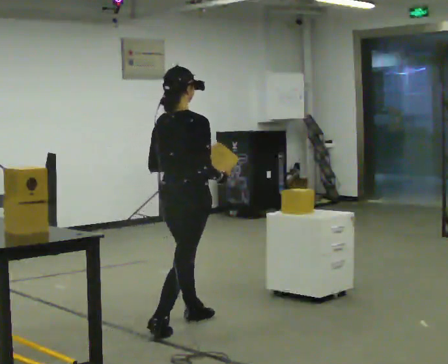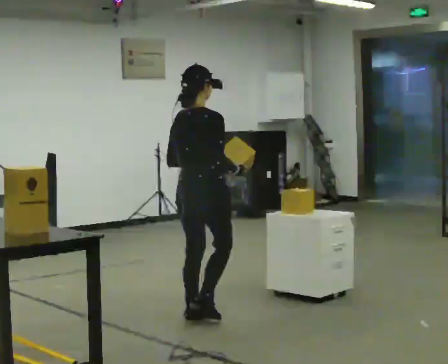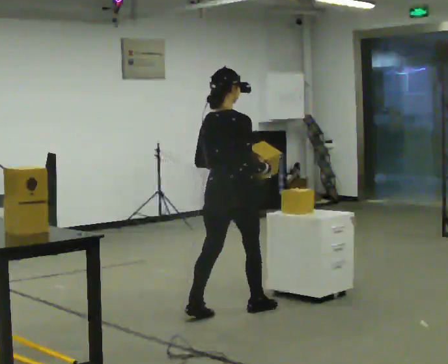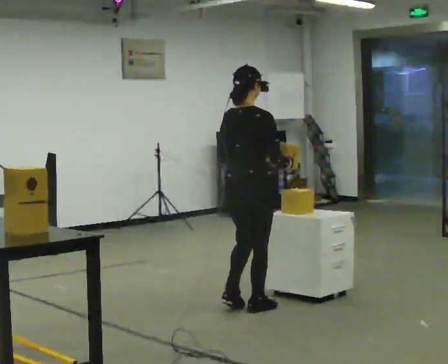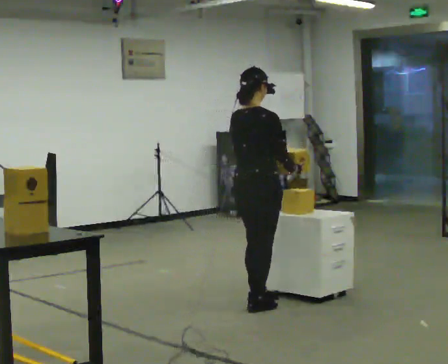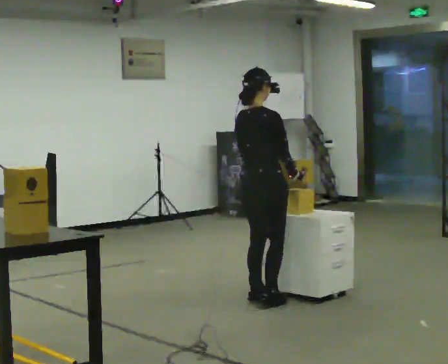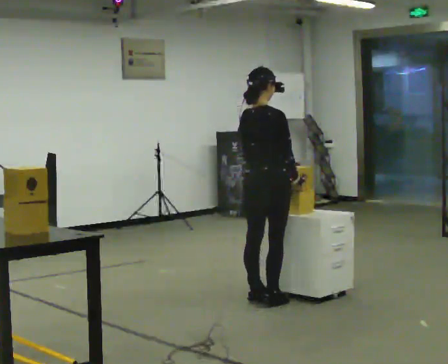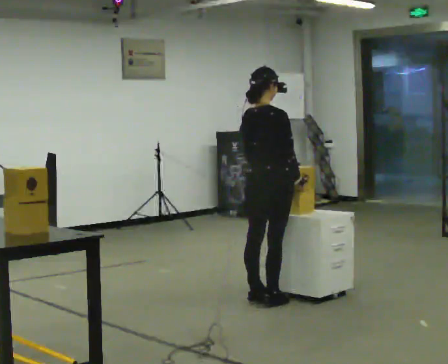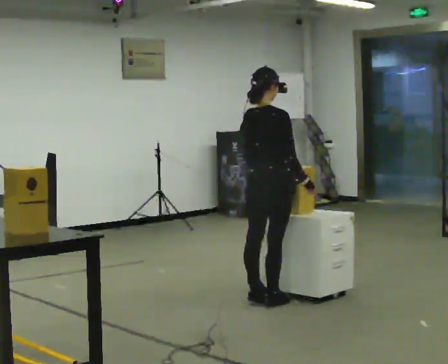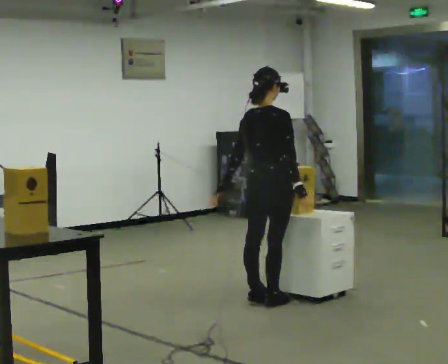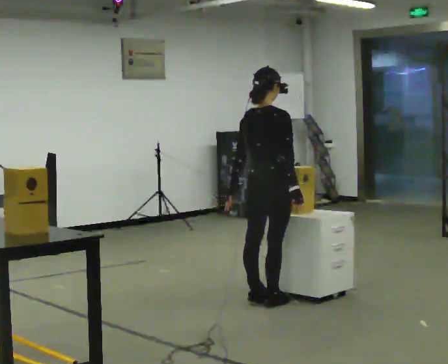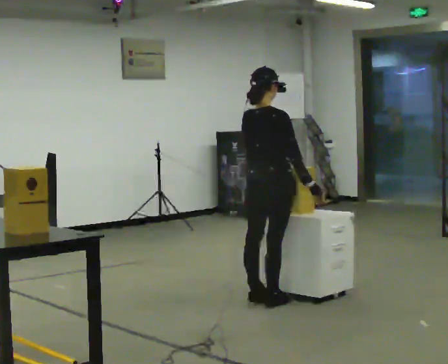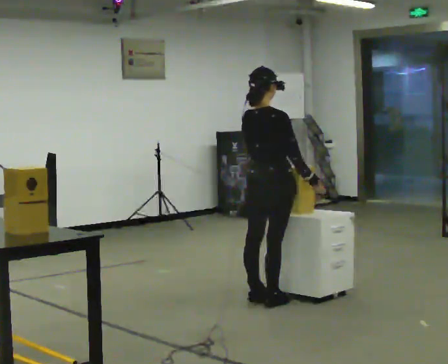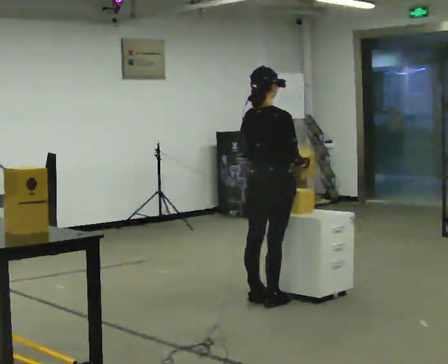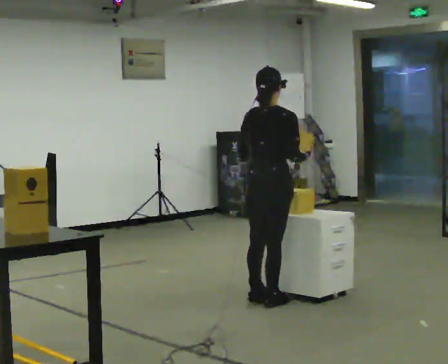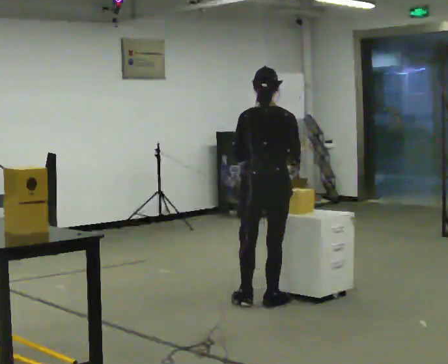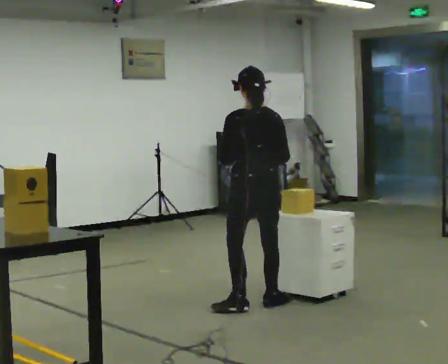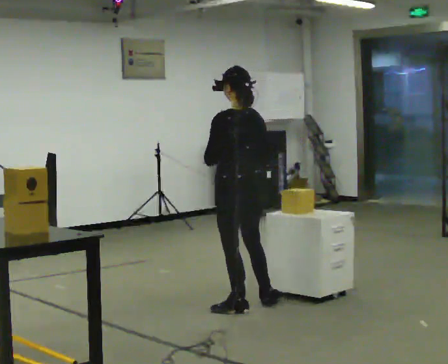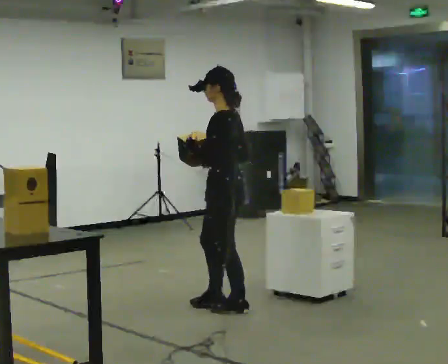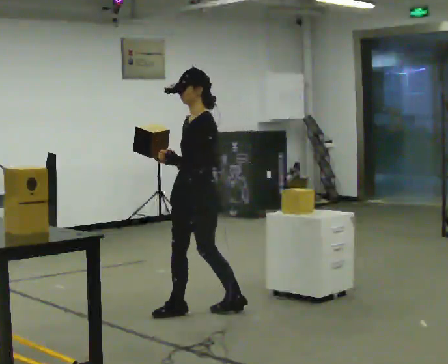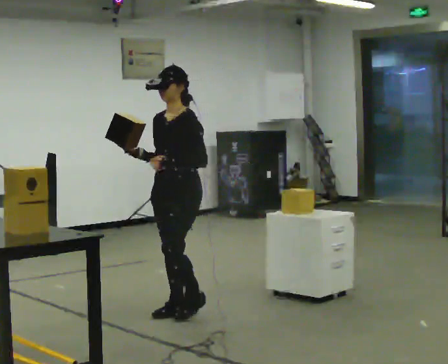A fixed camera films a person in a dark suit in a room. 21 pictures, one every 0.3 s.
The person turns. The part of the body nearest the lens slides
to the right.
The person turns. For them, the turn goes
to their left.
0.0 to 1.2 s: In the picture they go away from the camera and to the right, about 0.75 m in 2 steps, which for them is forward.
1.2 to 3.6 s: The person moves a little, or ends about where they began.
3.6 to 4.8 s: The part of the body nearest the lens slides to the right as the person turns to their left by about 60 degrees.
4.8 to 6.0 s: Seen from above the body turns counterclockwise, about 120 degrees: to their left, with its near side sliding to the right. In the picture they go to the left and toward the camera, about 0.5 m in 1 step.
The film runs forward here.
